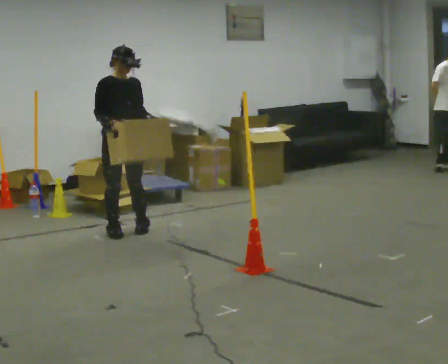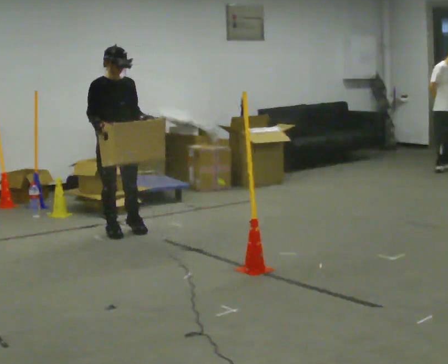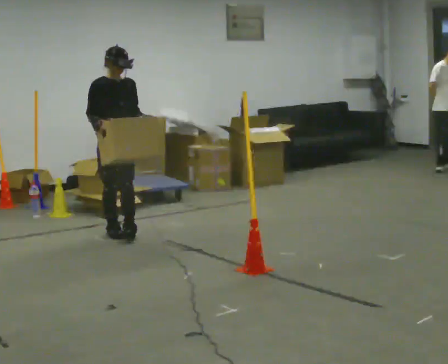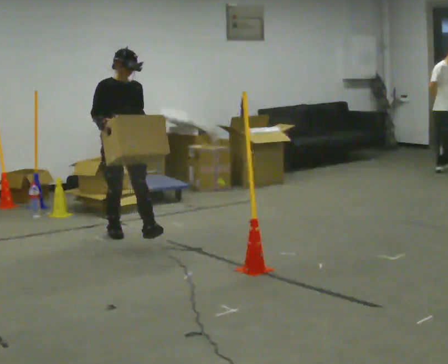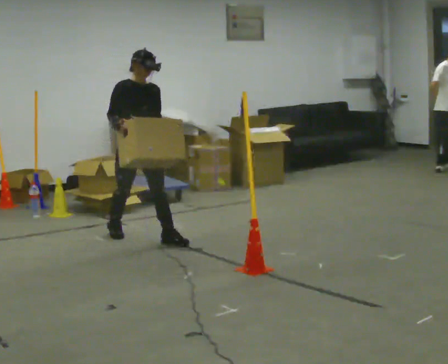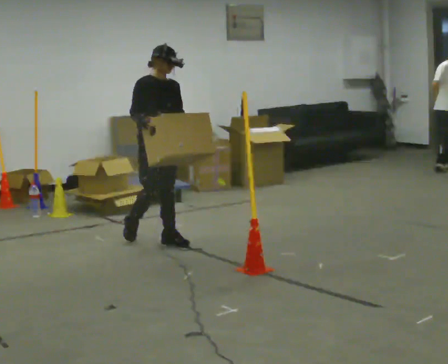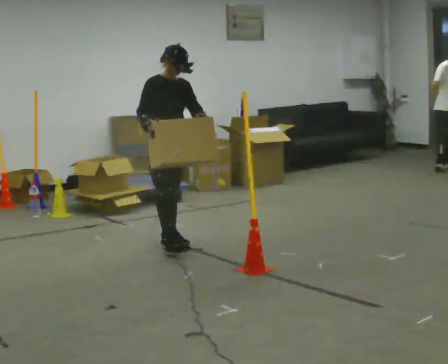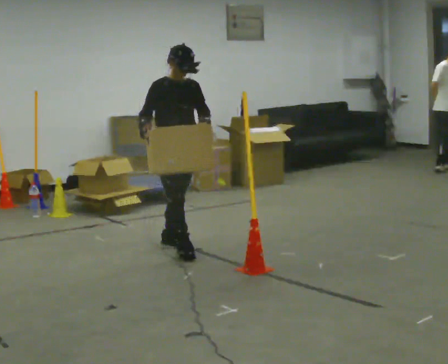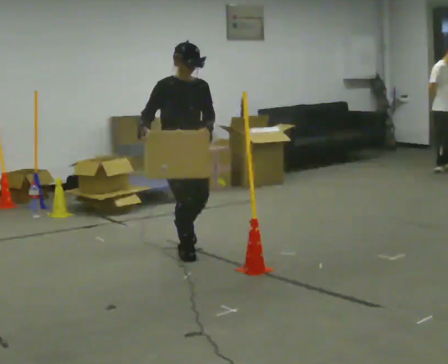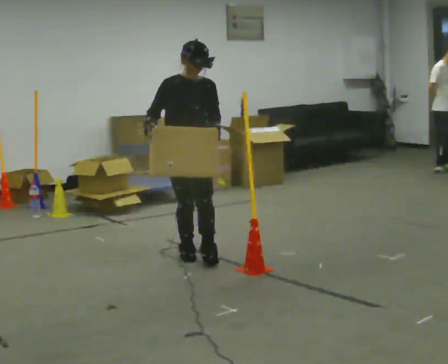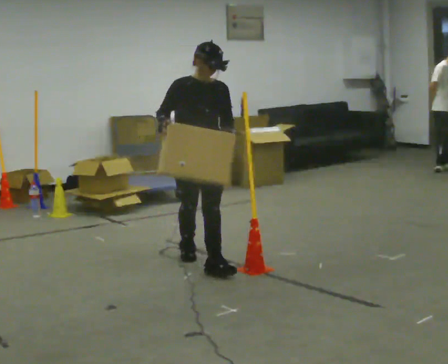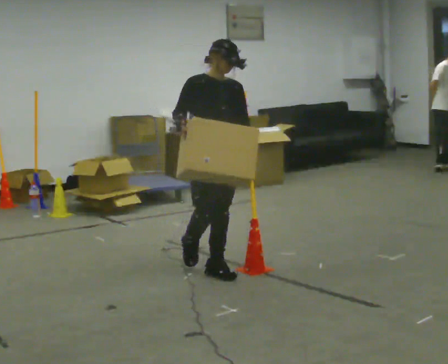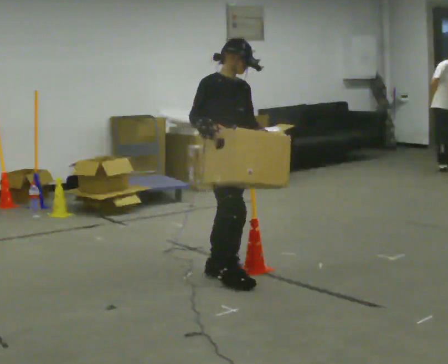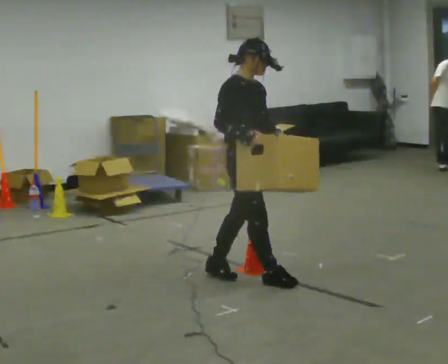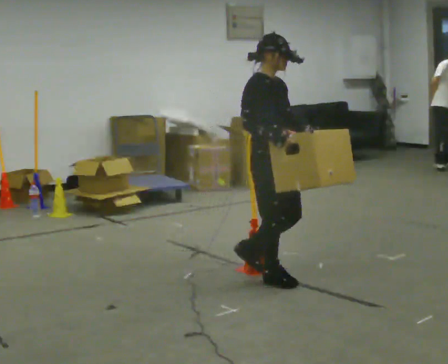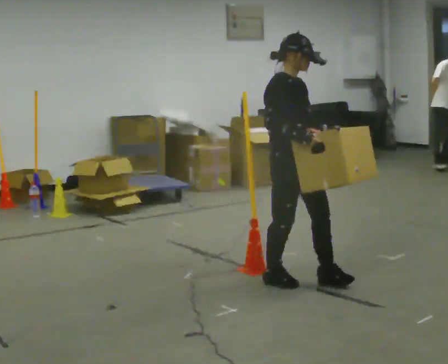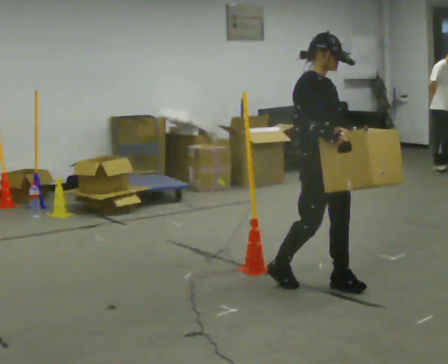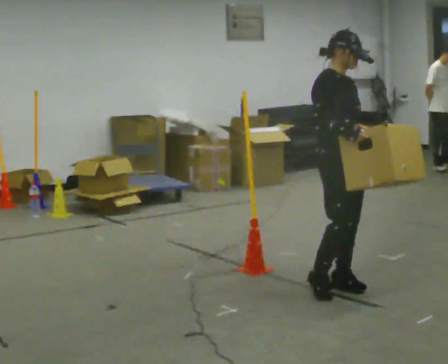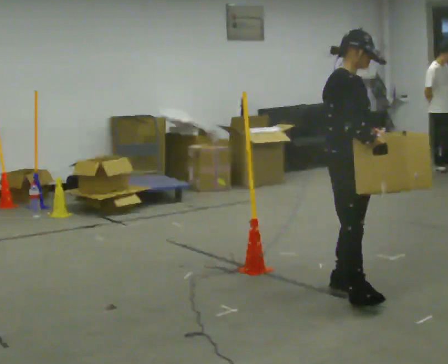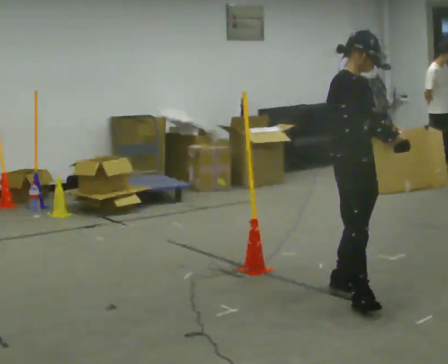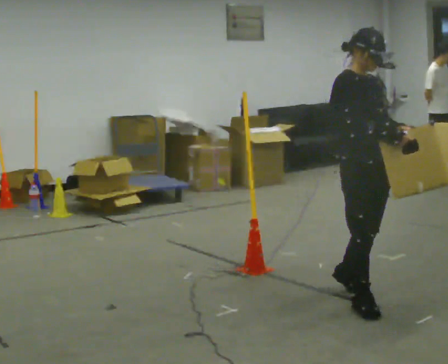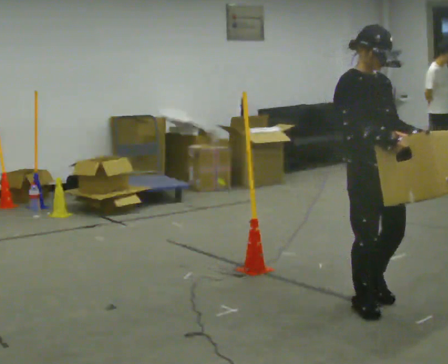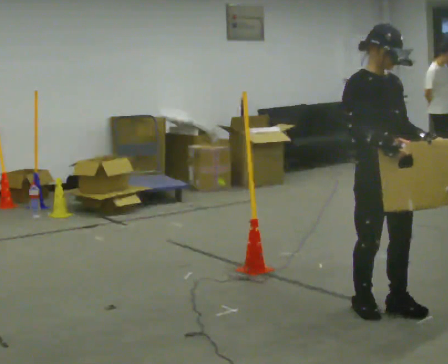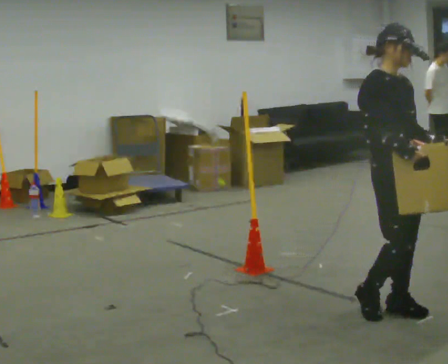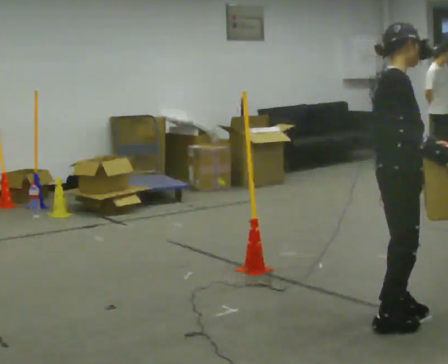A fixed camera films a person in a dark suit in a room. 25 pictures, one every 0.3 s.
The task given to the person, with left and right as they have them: Carry the box across the room. The operator will step into your path partway across, so go around them and carry on. Keep going until the operator says stop; one object at a time, and do not rush between trips.
0.0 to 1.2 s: In the picture they go to the right and toward the camera, about 0.25 m in 1 step, which for them is forward.
1.2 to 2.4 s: In the picture they go toward the camera and to the right, about 0.5 m in 1 step, which for them is forward.
2.4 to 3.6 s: In the picture they go toward the camera and to the right, about 0.5 m in 1 step, which for them is forward.
3.6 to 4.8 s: In the picture they go to the right and toward the camera, about 0.75 m in 2 steps, which for them is forward.
4.8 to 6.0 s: In the picture they go toward the camera, about 0.5 m in 1 step, which for them is forward and to their right.
6.0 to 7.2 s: Seen from above the body turns counterclockwise, about 45 degrees: to their left, with its near side sliding to the right. In the picture they go toward the camera, about 0.25 m in 2 steps.
The film runs forward here.
